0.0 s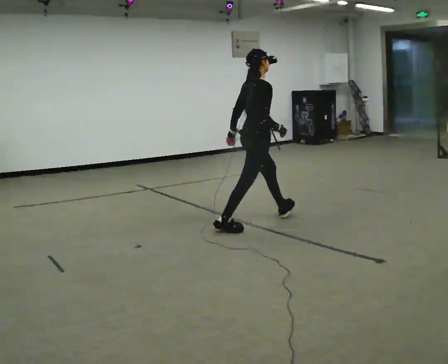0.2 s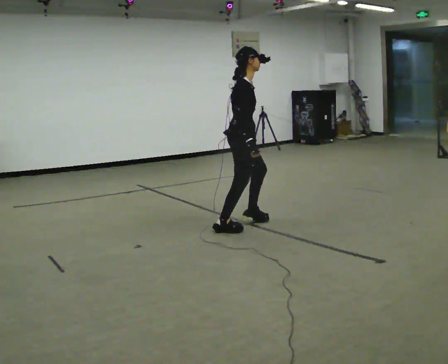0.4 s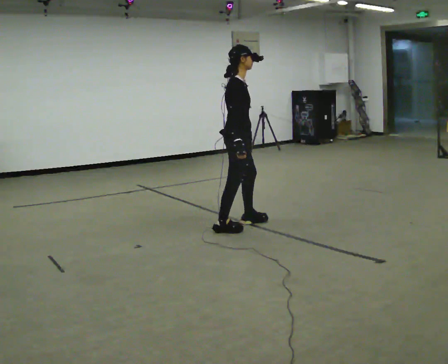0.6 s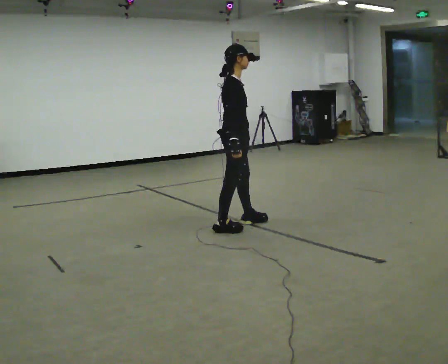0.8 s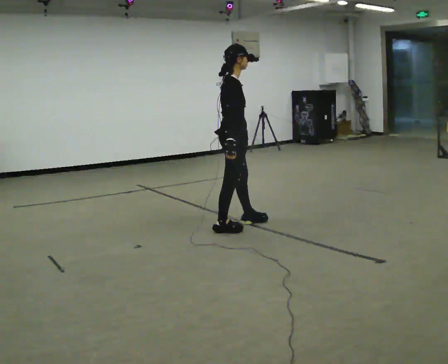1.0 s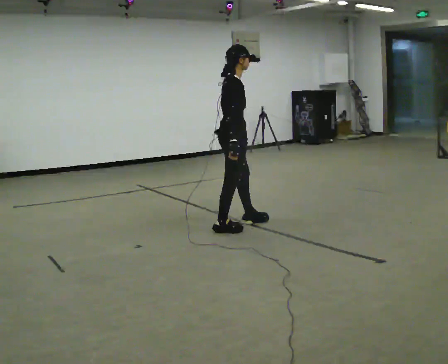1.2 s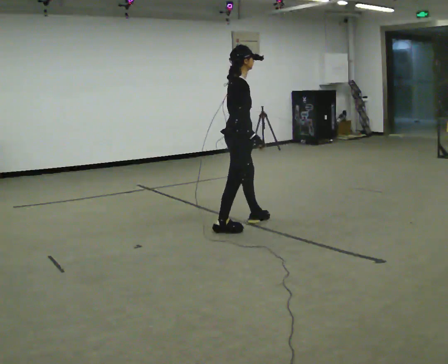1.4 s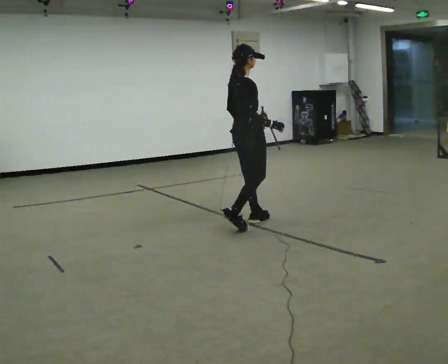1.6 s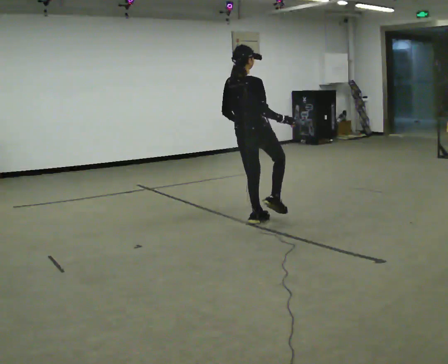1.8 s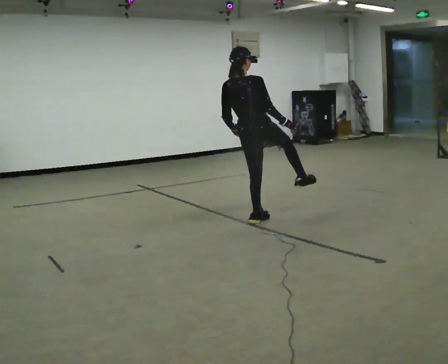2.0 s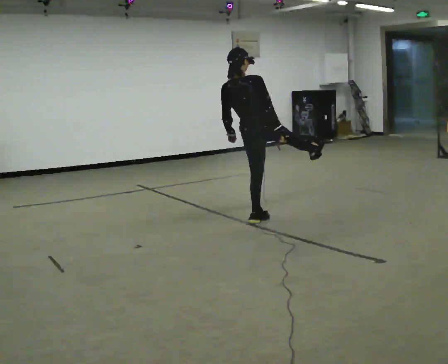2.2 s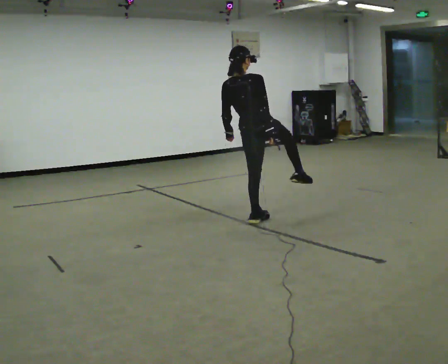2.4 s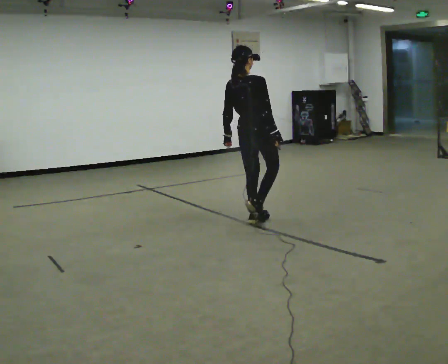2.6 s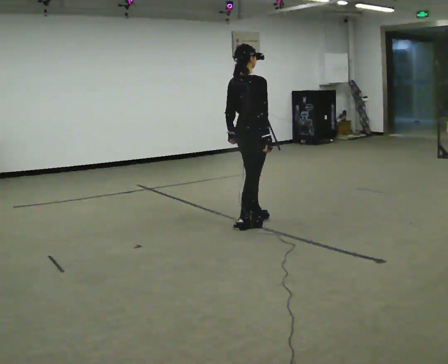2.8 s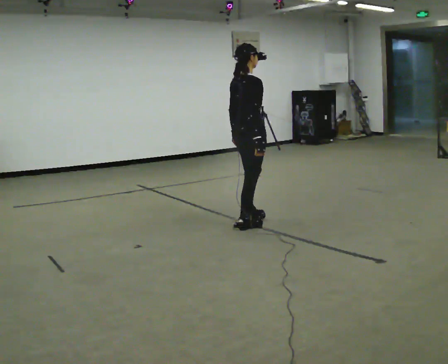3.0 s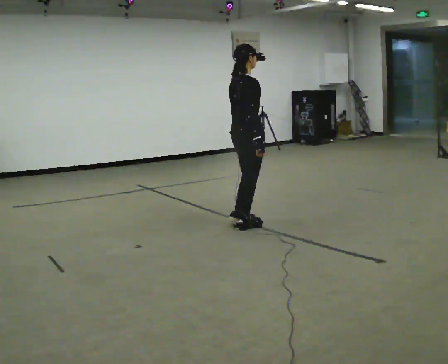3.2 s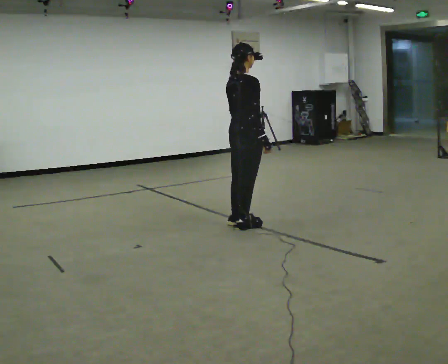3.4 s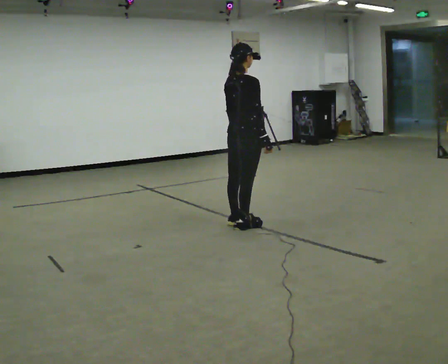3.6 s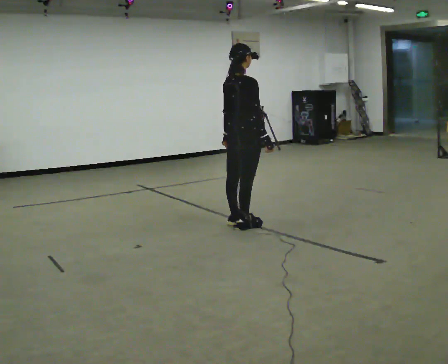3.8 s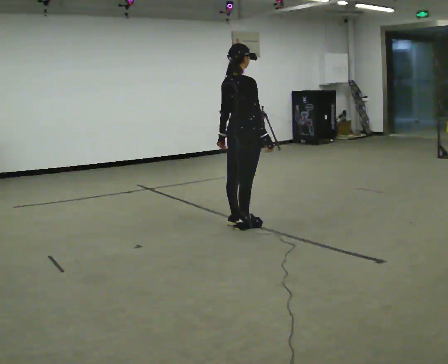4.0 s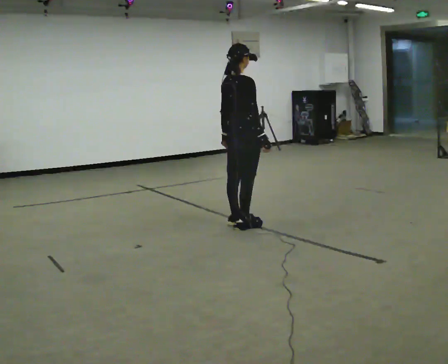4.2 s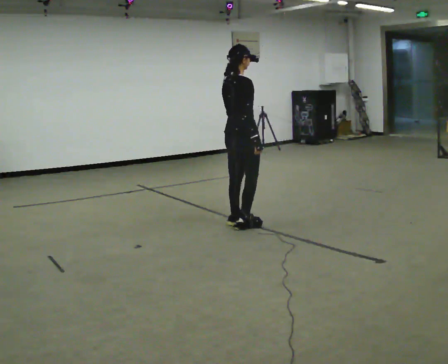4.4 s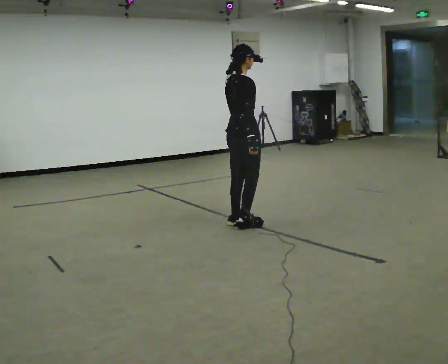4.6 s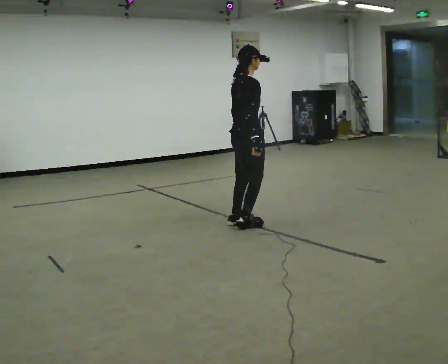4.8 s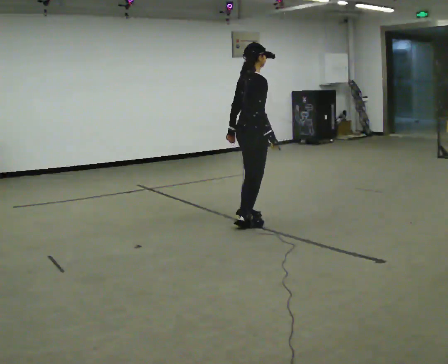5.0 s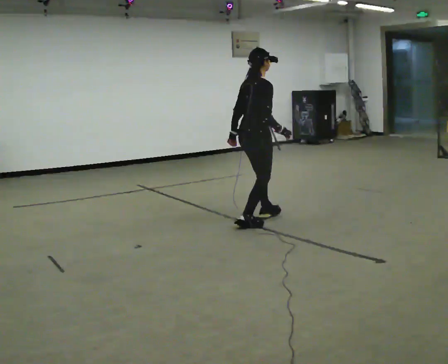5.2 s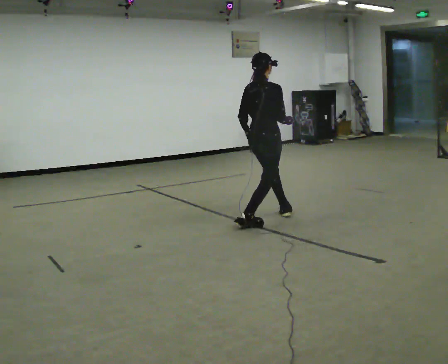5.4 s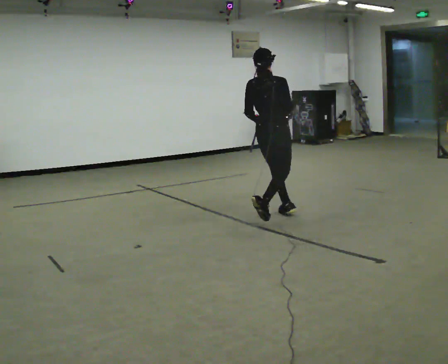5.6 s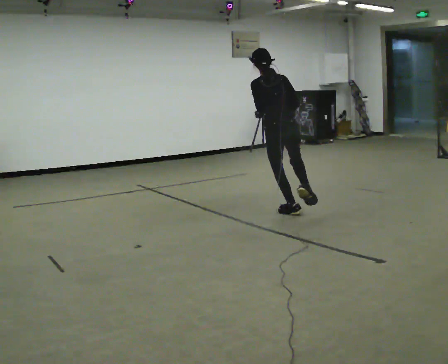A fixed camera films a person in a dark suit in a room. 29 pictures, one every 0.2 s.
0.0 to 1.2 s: In the picture they go to the left, about 0.25 m, which for them is backward.
1.2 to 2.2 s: Seen from above the body turns counterclockwise, about 60 degrees: to their left, with its near side sliding to the right. In the picture they go to the right, about 0.25 m in 1 step. In the picture the upper body tilts counterclockwise, shoulders to the left, as they lean back or straighten.
2.2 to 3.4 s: Seen from above the body turns clockwise, about 30 degrees: to their right, with its near side sliding to the left. In the picture the upper body tilts clockwise, shoulders to the right.
3.4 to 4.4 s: The person moves a little, or ends about where they began.
4.4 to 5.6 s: The part of the body nearest the lens slides to the right as the person turns to their left by about 75 degrees. In the picture they go to the right and away from the camera, about 0.5 m in 2 steps.
The film runs backward here.
